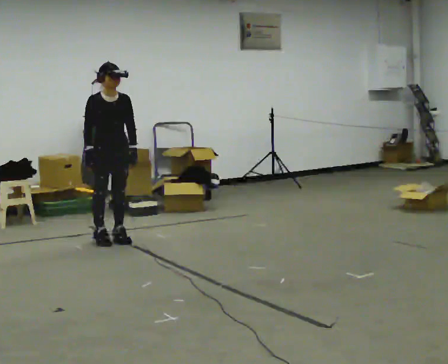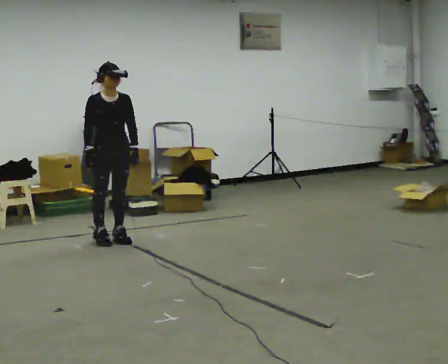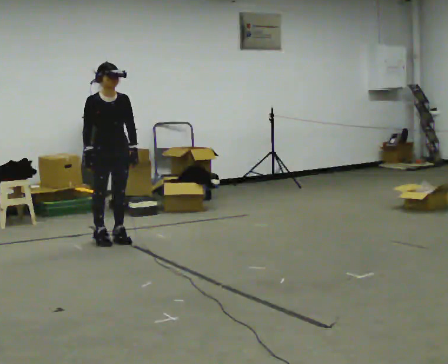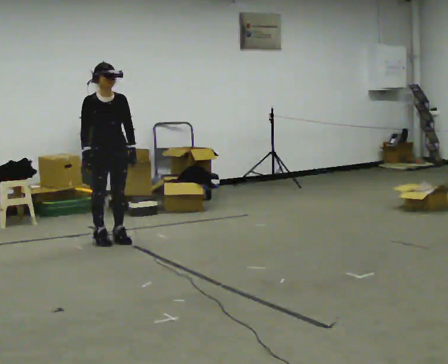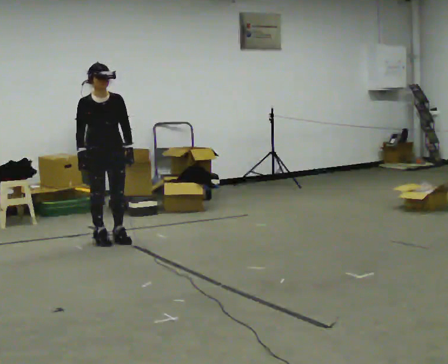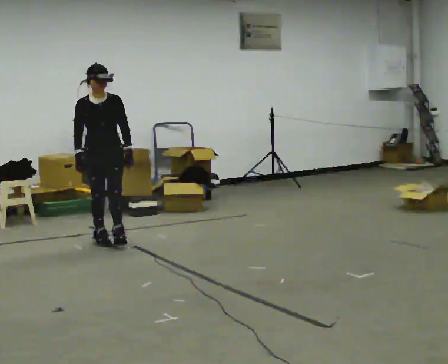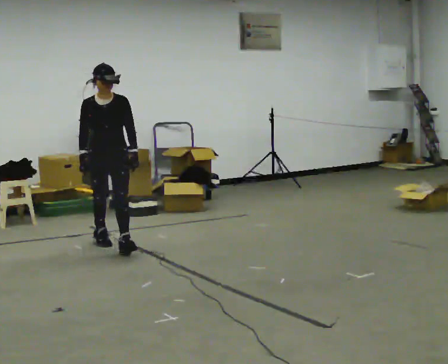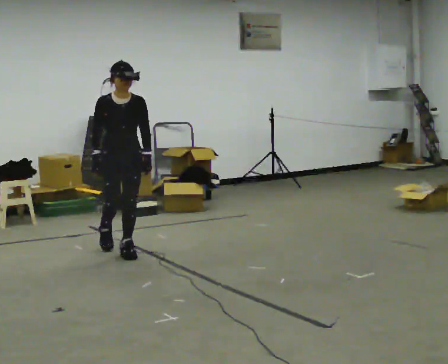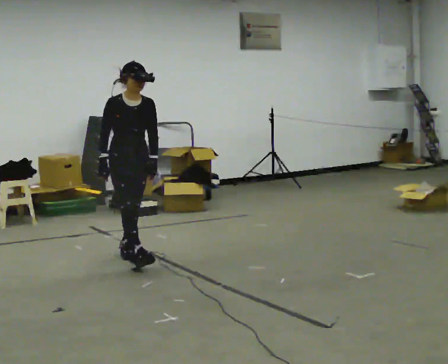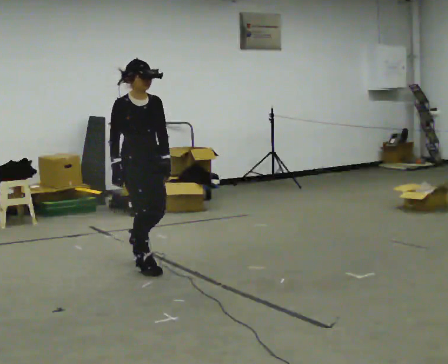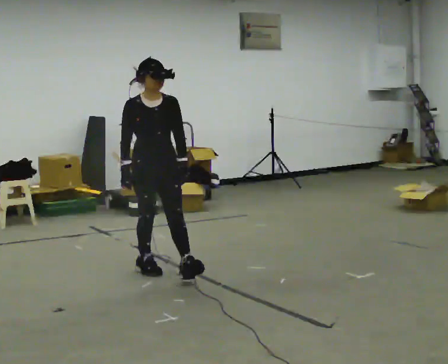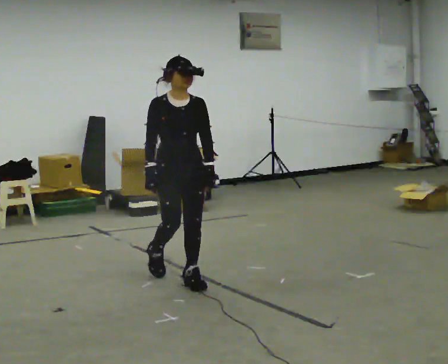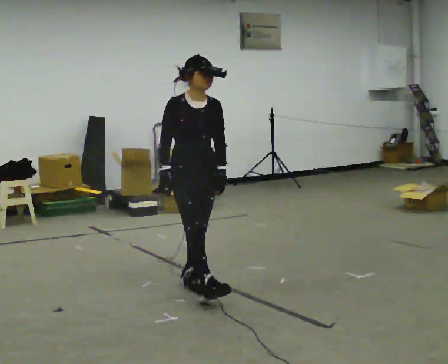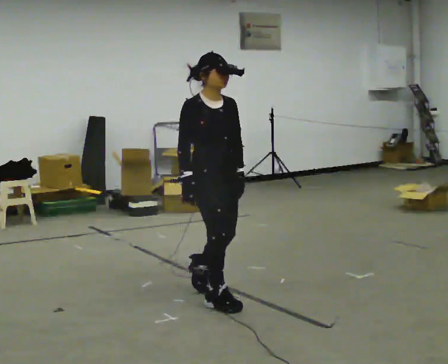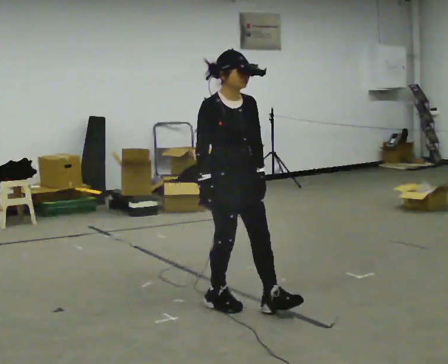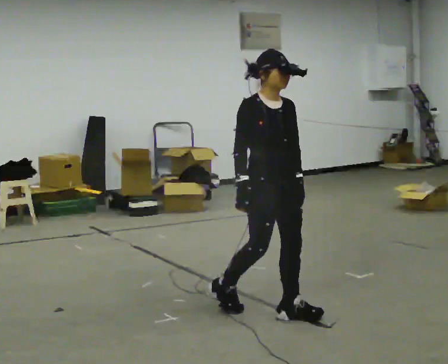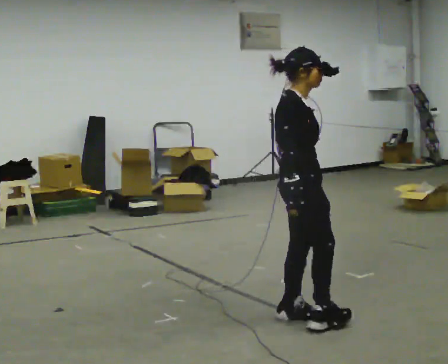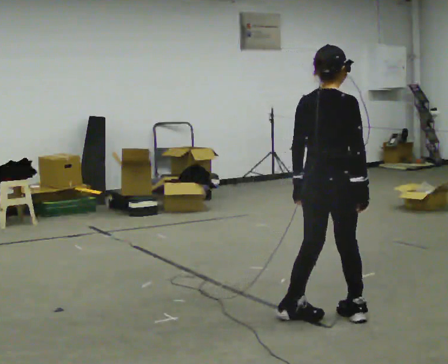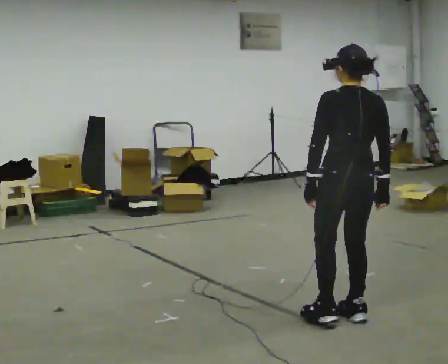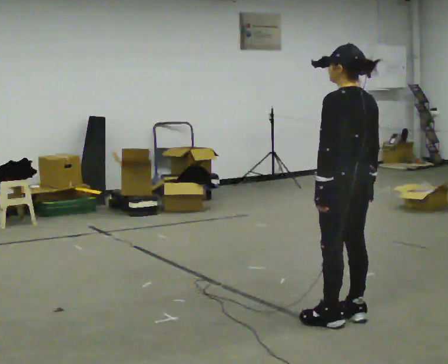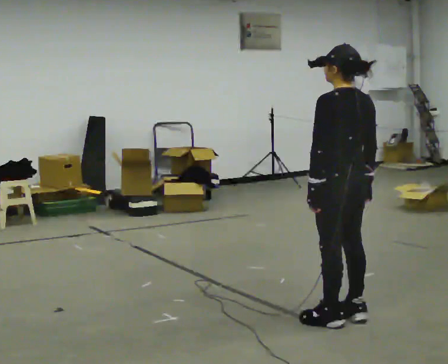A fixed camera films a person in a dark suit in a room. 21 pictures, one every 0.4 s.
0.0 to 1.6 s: The person moves a little, or ends about where they began.
1.6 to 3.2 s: In the picture they go toward the camera and to the right, about 0.75 m in 1 step, which for them is forward and to their left.
3.2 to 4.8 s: In the picture they go toward the camera and to the right, about 1 m in 2 steps, which for them is forward.
4.8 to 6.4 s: The part of the body nearest the lens slides to the right as the person turns to their left by about 45 degrees. In the picture they go toward the camera and to the right, about 1 m in 2 steps, which for them is forward.
6.4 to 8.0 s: The part of the body nearest the lens slides to the right as the person turns to their left by about 120 degrees. In the picture they go to the right, about 0.25 m in 2 steps. In the picture their right hand goes to the right.
The film runs forward here.
